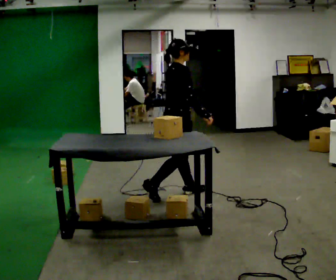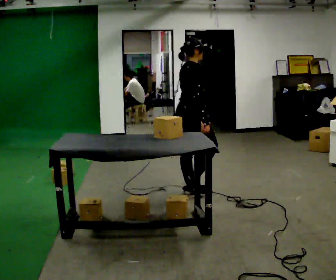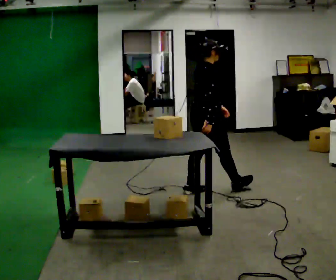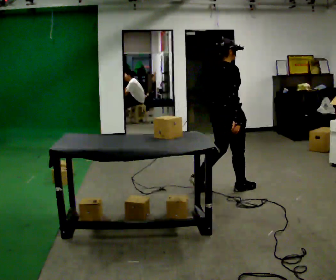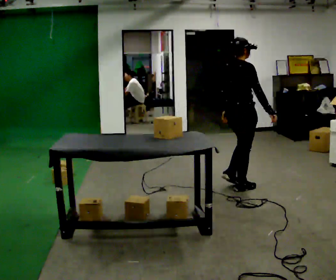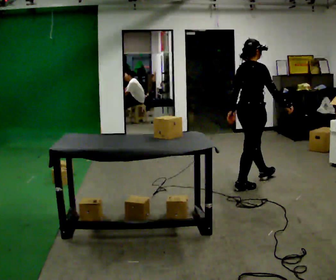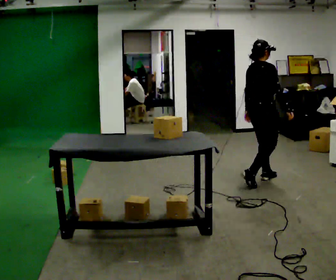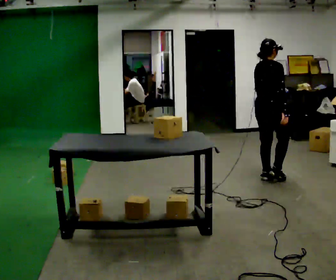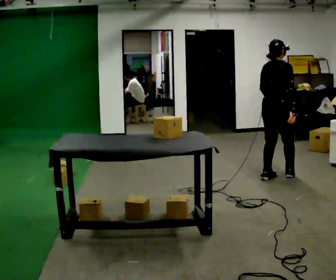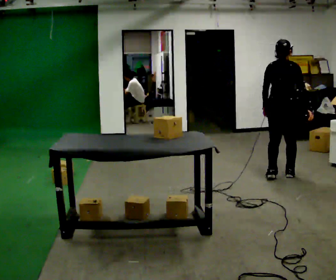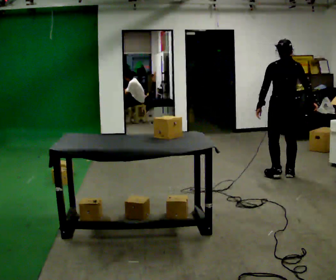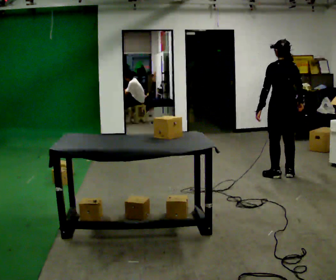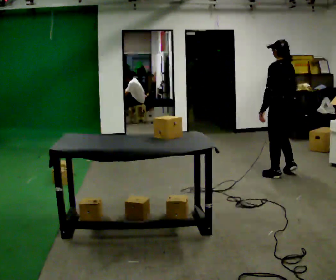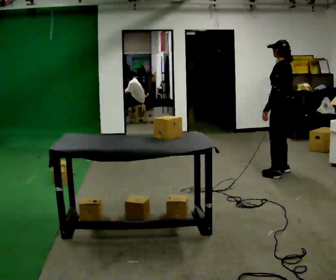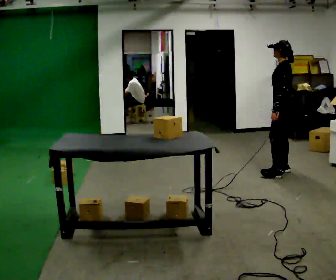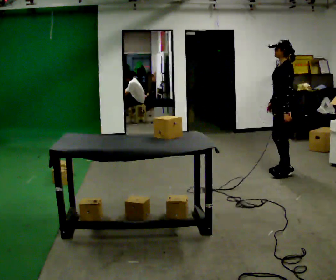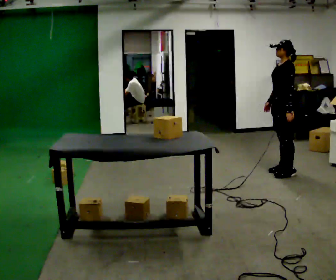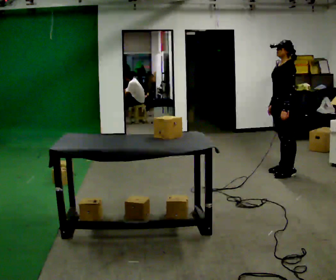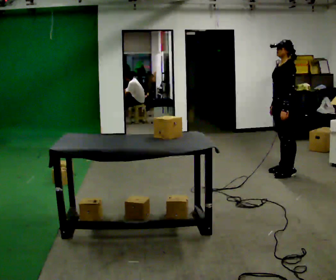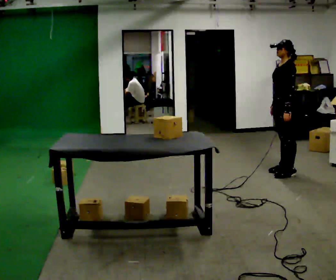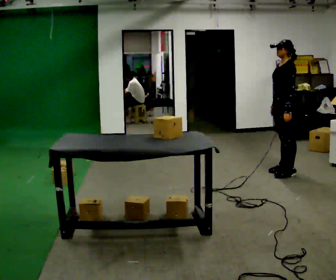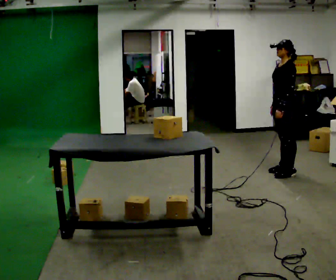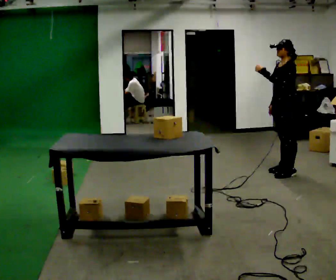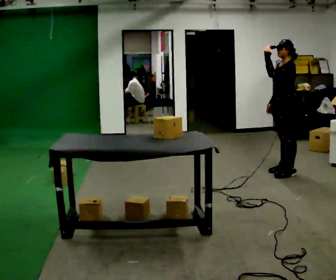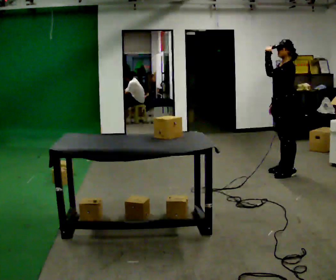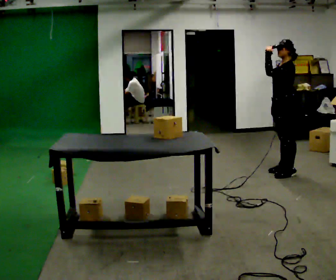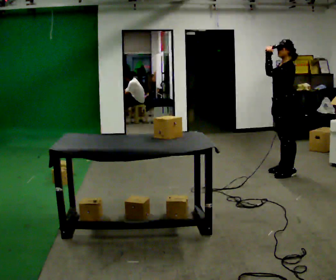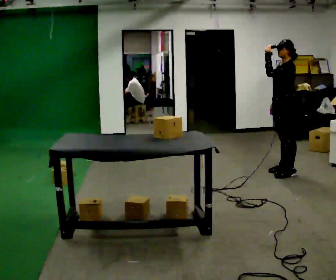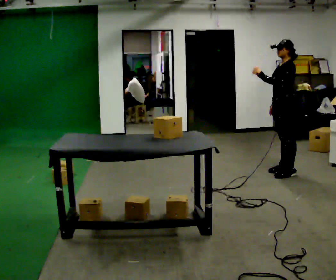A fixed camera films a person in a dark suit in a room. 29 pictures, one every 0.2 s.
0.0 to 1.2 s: In the picture they go to the right and away from the camera, about 1 m in 2 steps, which for them is forward.
1.2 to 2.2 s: The person turns about 90 degrees to their left, counterclockwise seen from above, so the part of the body nearest the lens slides to the right. In the picture they go away from the camera and to the right, about 0.25 m in 2 steps.
2.2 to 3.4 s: The part of the body nearest the lens slides to the right as the person turns to their left by about 75 degrees. In the picture their right hand goes to the left.
3.4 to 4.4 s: In the picture their left hand goes upward.
4.4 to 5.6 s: The person moves a little, or ends about where they began.
The film runs forward here.
